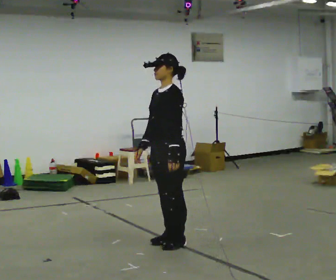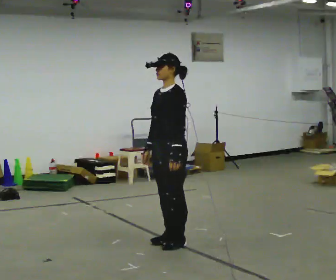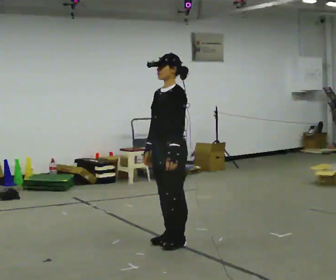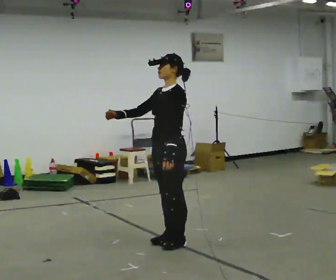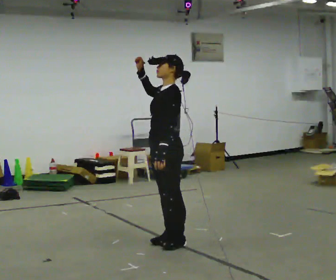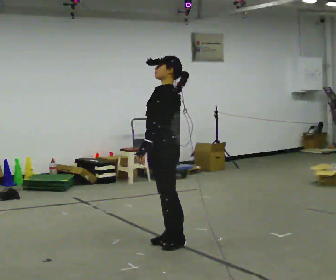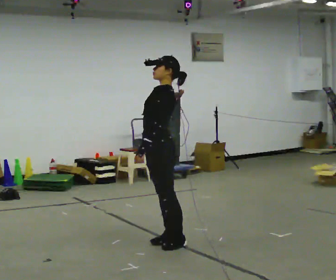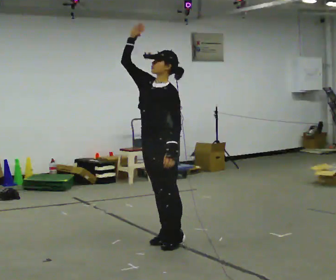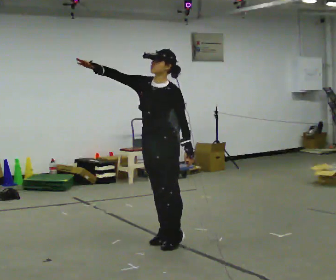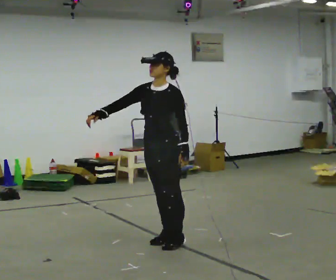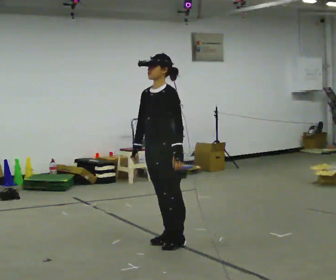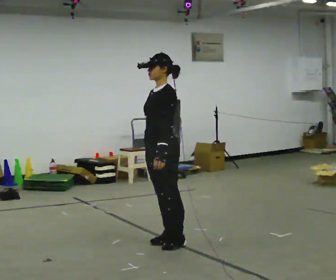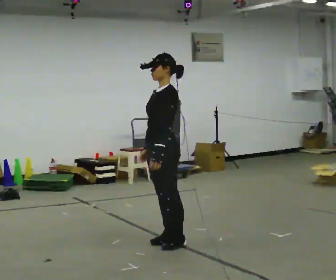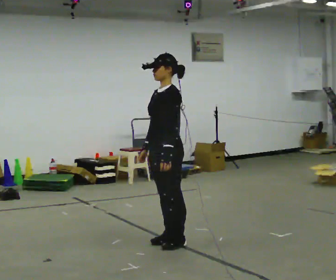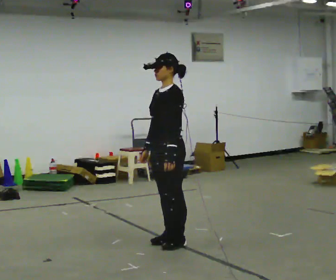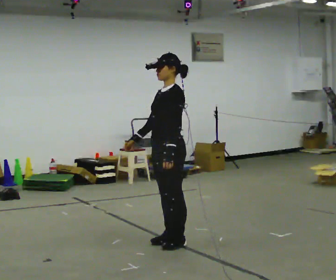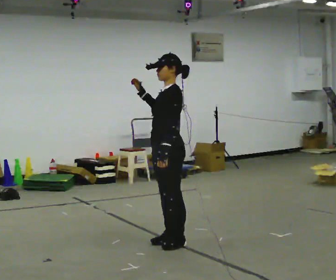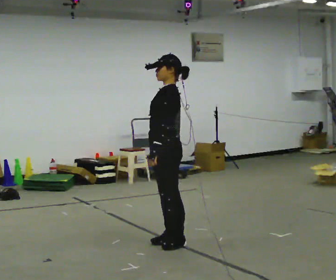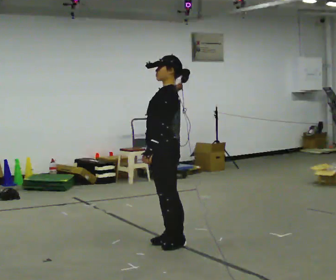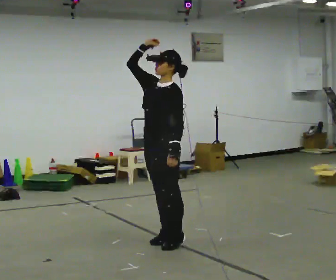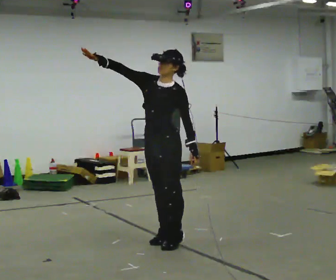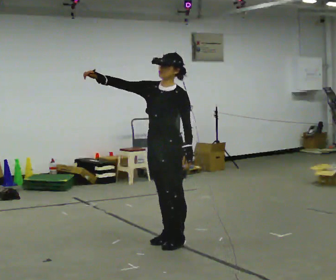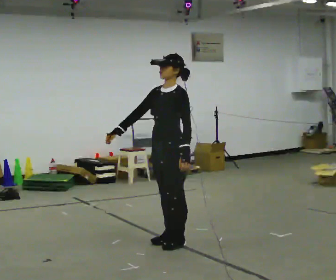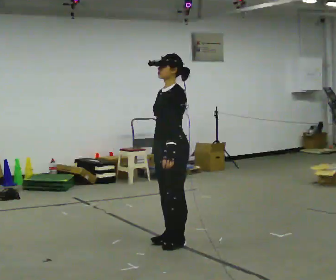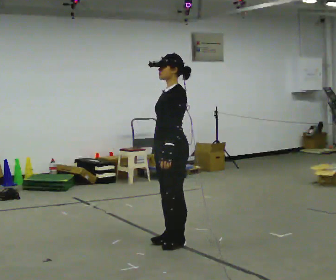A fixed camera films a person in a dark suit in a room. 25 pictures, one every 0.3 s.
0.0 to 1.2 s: In the picture their right hand goes upward.
1.2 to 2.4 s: The part of the body nearest the lens slides to the right as the person turns to their left by about 30 degrees. In the picture their right hand goes to the left.
2.4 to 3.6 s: The person turns about 30 degrees to their right, clockwise seen from above, so the part of the body nearest the lens slides to the left. In the picture their right hand goes downward and to the right, the arm swinging counterclockwise.
3.6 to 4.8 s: In the picture their right hand goes upward.
4.8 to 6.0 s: Seen from above the body turns counterclockwise, about 30 degrees: to their left, with its near side sliding to the right.
6.0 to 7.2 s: Seen from above the body turns clockwise, about 30 degrees: to their right, with its near side sliding to the left. In the picture their right hand goes downward and to the right, the arm swinging counterclockwise.
The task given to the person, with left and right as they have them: Mime throwing a ball overhand as far as you can, with no ball. Repeat the movement at your own pace until the operator says stop; do not rush.
The film runs forward here.
